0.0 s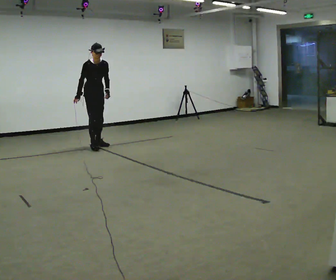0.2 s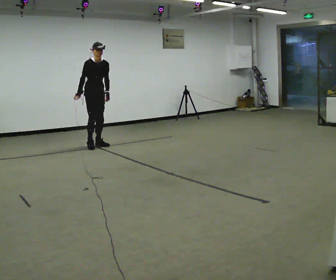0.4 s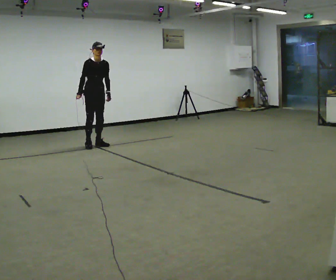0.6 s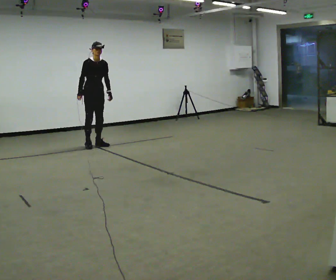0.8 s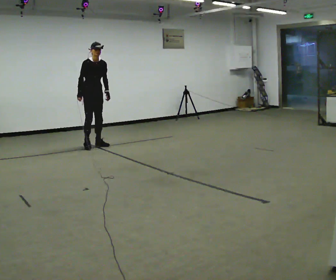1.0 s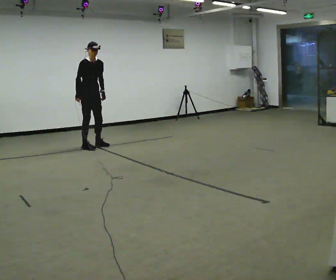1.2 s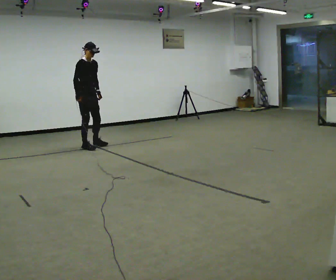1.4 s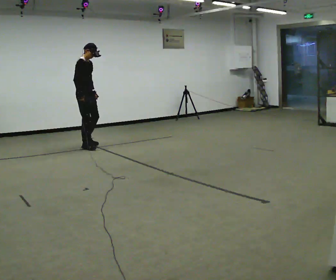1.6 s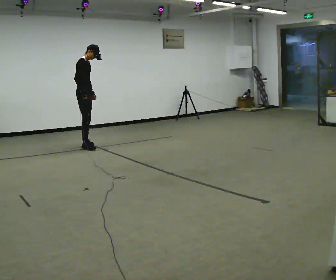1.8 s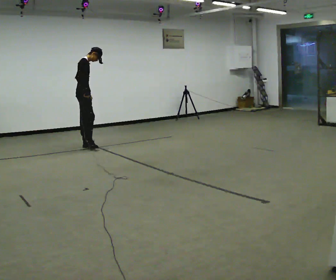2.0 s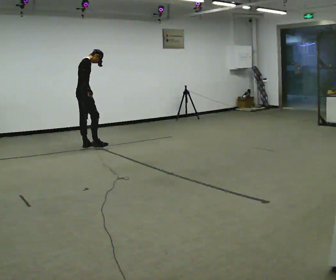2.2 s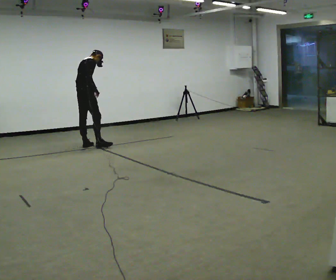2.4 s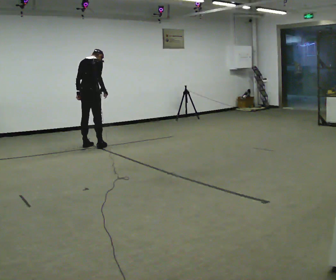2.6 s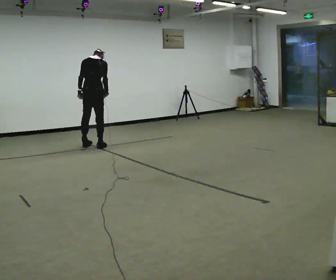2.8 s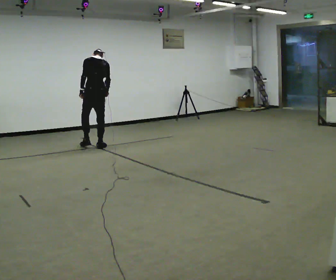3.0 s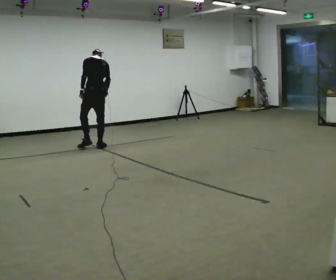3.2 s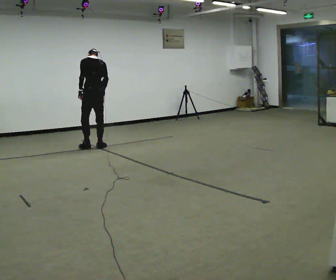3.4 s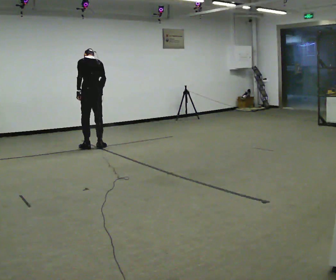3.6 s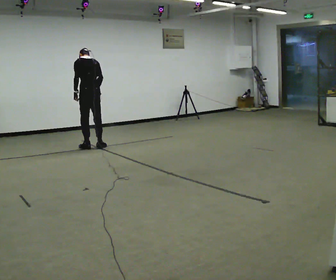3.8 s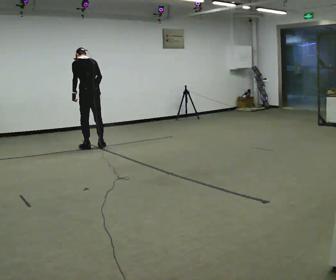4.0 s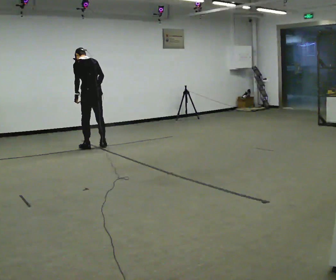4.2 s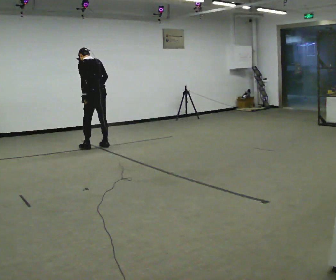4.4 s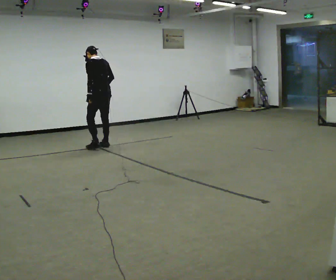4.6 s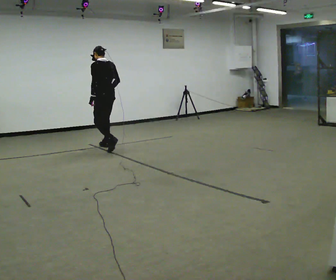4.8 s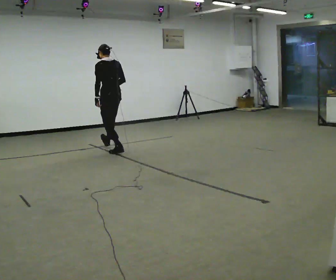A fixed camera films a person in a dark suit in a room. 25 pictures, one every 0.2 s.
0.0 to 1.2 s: The upper body tips away from the camera, its near side rolling upward.
1.2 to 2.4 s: The person turns about 105 degrees to their left, counterclockwise seen from above, so the part of the body nearest the lens slides to the right. The upper body tips away from the camera, its near side rolling upward. In the picture their left hand goes to the left, the arm swinging clockwise.
2.4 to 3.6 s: Seen from above the body turns counterclockwise, about 45 degrees: to their left, with its near side sliding to the right. In the picture the upper body tilts counterclockwise, shoulders to the left.
3.6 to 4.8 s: In the picture they go to the right and toward the camera, about 0.5 m in 2 steps, which for them is backward and to their right. The upper body tips toward the camera, its near side rolling downward, as they lean back or straighten.
The film runs backward here.
